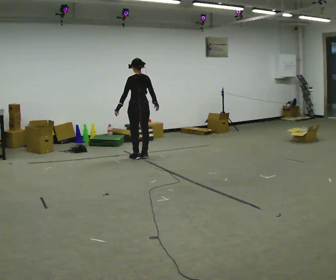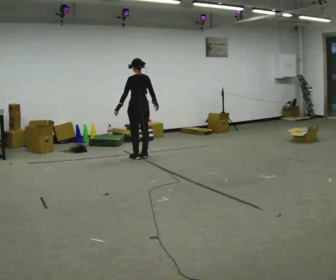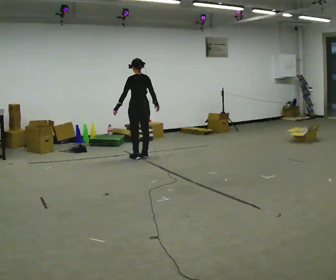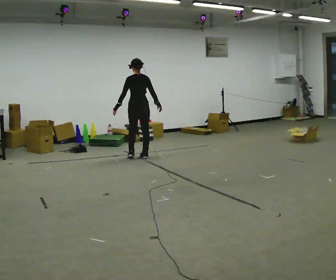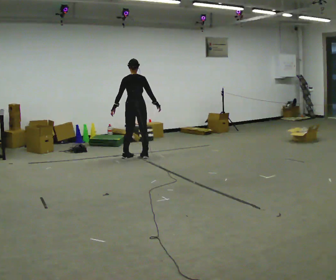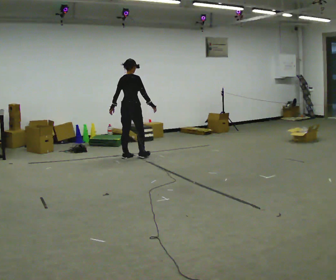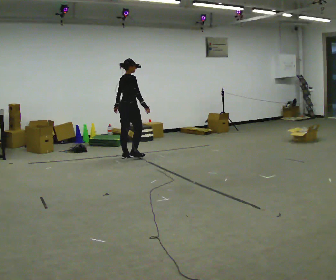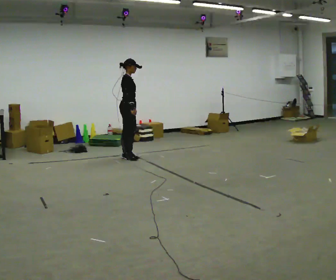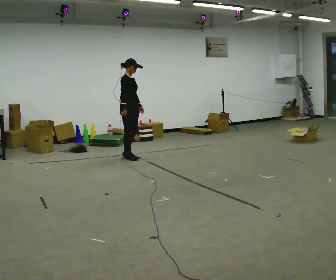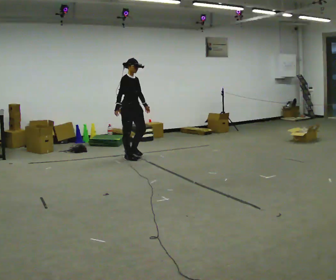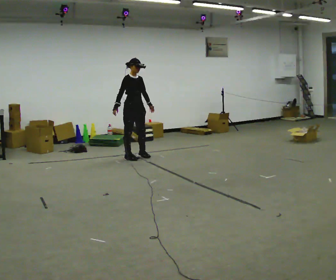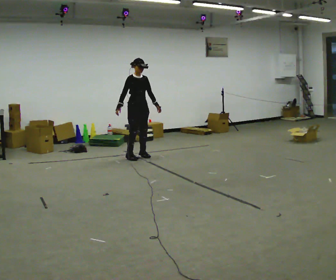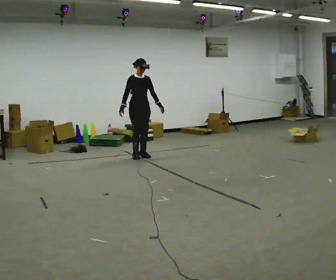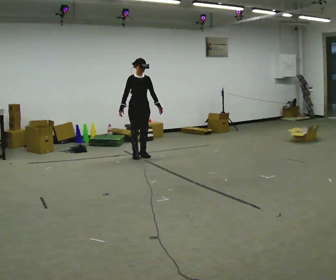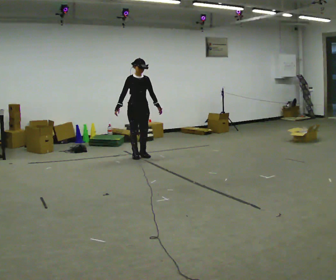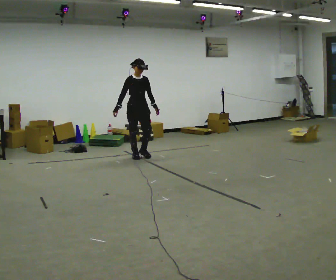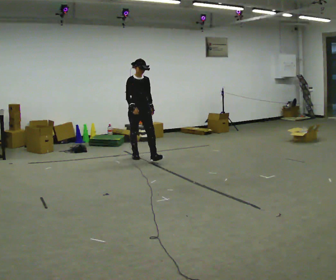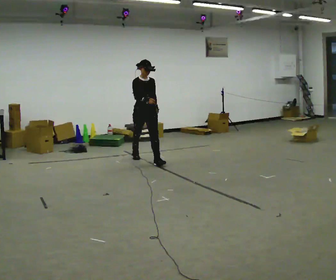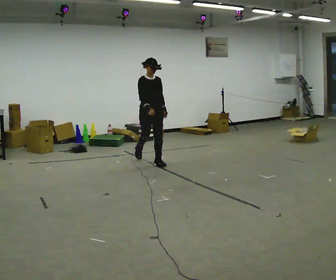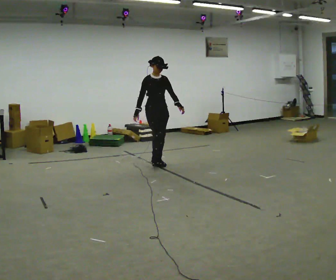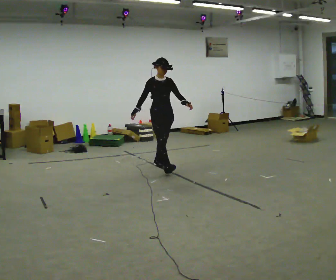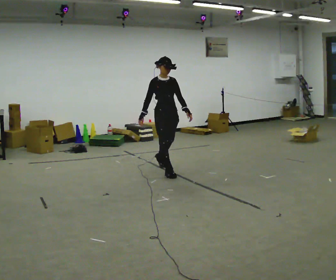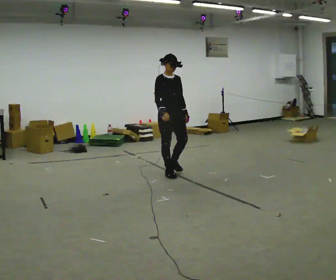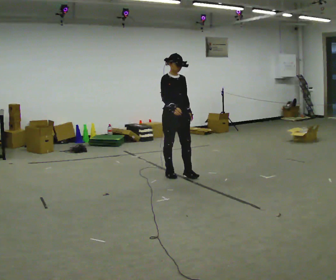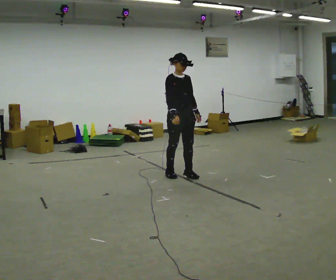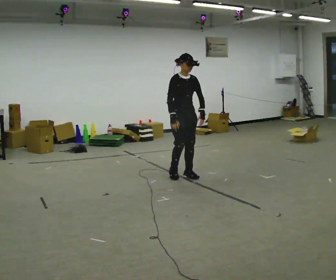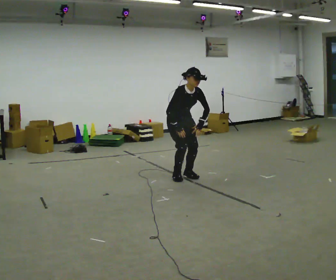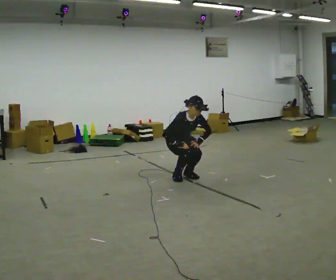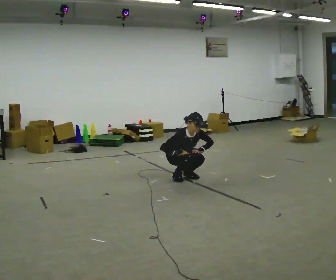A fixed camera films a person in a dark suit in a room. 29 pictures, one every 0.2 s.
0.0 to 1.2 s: The part of the body nearest the lens slides to the left as the person turns to their right by about 75 degrees. In the picture they go to the left, about 0.25 m in 1 step.
1.2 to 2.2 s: Seen from above the body turns clockwise, about 90 degrees: to their right, with its near side sliding to the left. In the picture they go to the right, about 0.25 m in 2 steps. In the picture their right hand goes to the left, the arm swinging clockwise.
2.2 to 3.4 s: In the picture they go toward the camera, about 0.25 m in 2 steps, which for them is forward.
3.4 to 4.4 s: In the picture they go toward the camera, about 1 m in 1 step, which for them is forward.
4.4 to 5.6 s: The upper body goes downward. The upper body tips toward the camera, its near side rolling downward, as they bend forward. In the picture their right hand goes downward.
The film runs forward here.
